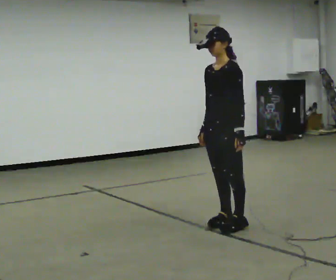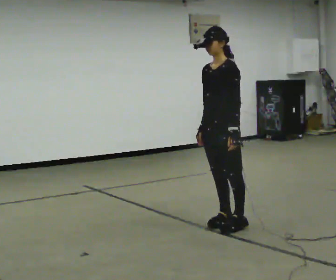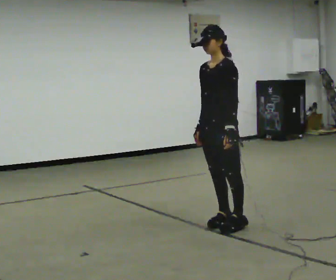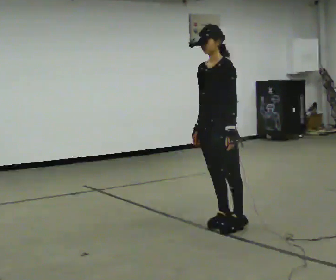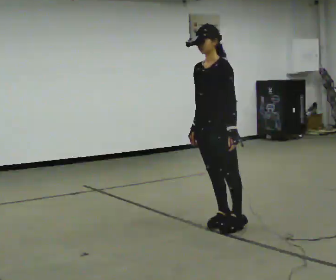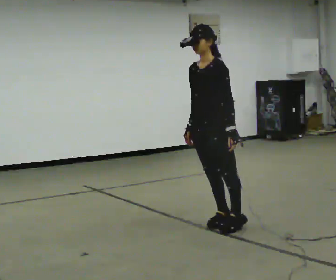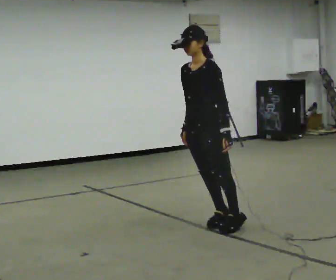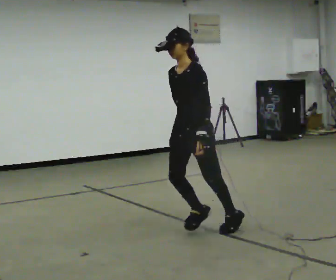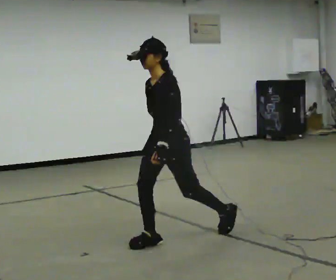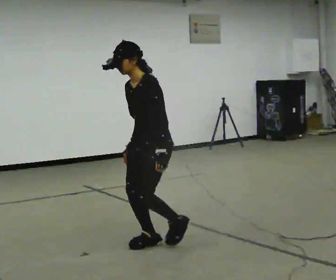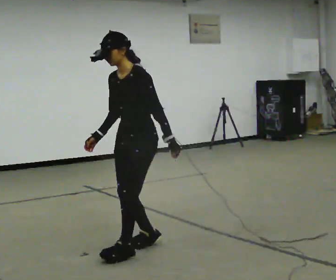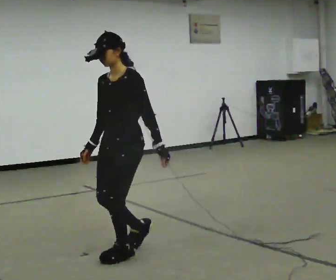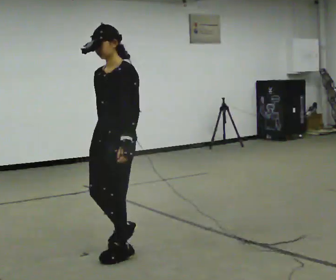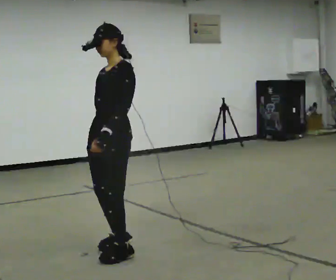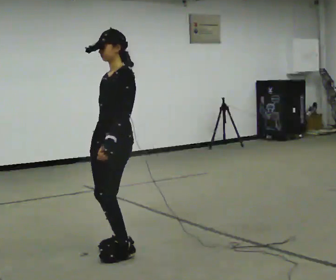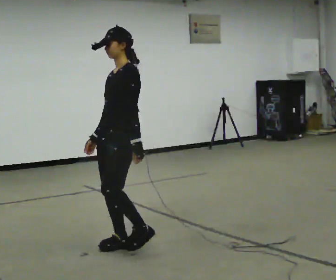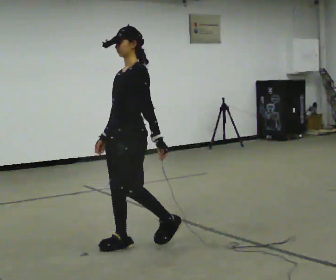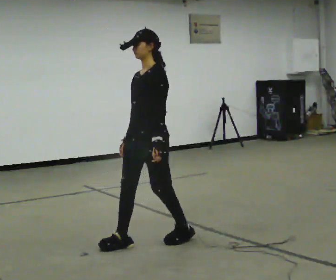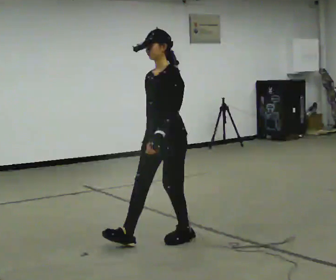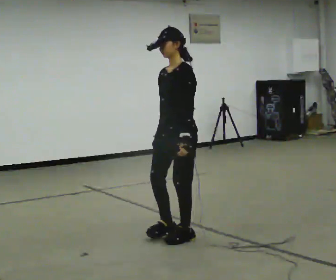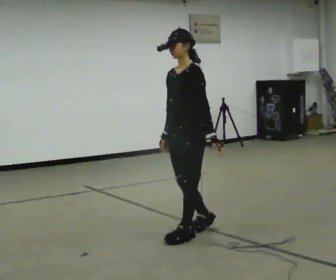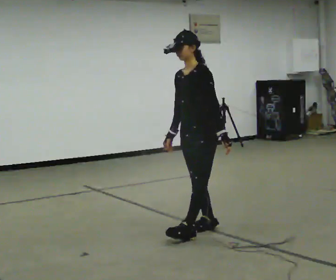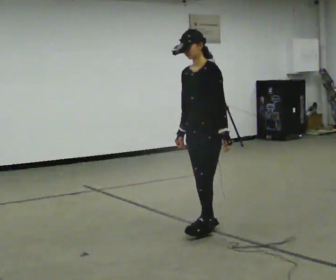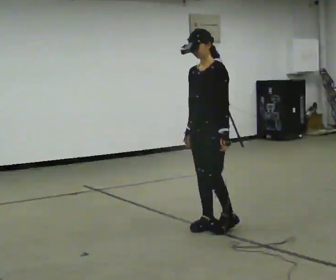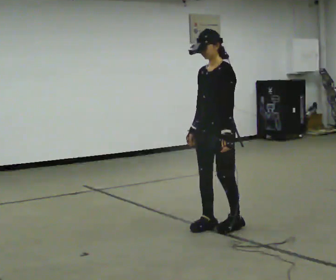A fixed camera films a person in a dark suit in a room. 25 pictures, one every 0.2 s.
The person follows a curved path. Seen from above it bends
clockwise.
0.0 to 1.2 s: In the picture they go to the left, about 0.25 m, which for them is forward.
1.2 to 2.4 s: In the picture they go to the left and toward the camera, about 1 m in 2 steps, which for them is forward.
2.4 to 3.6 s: In the picture they go to the right and away from the camera, about 0.5 m in 2 steps, which for them is backward.
3.6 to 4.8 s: In the picture they go to the right and away from the camera, about 0.5 m in 2 steps, which for them is backward.
The film runs forward here.
